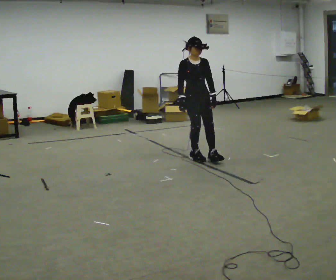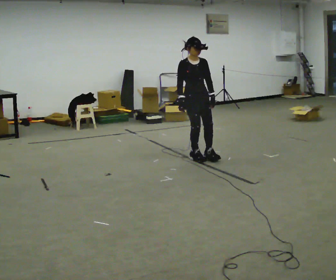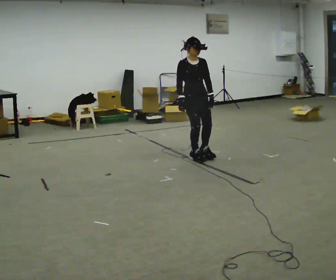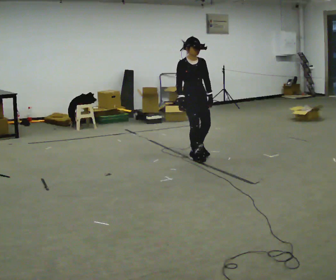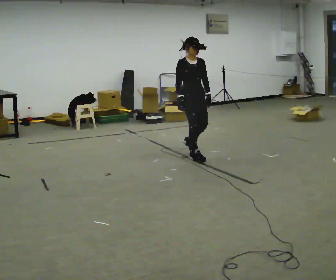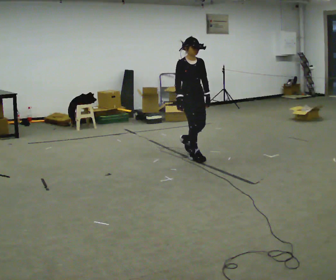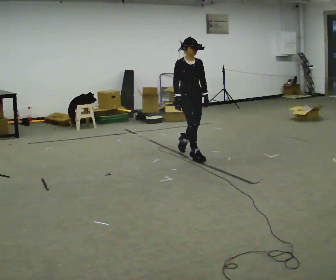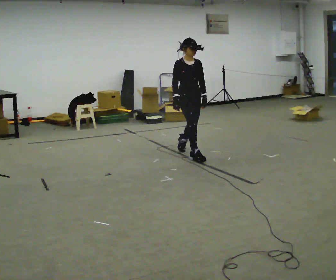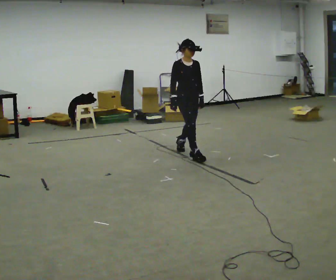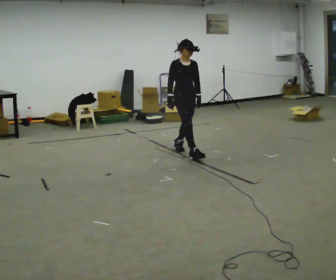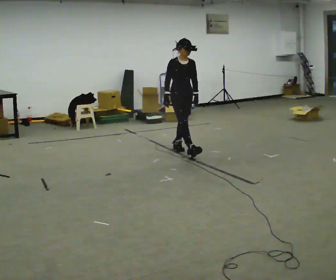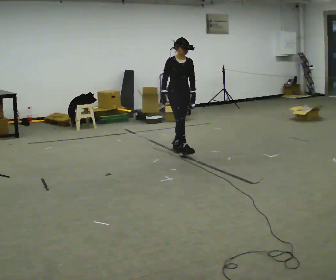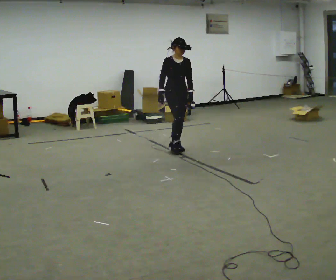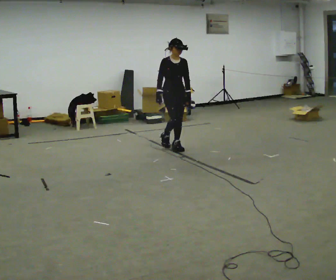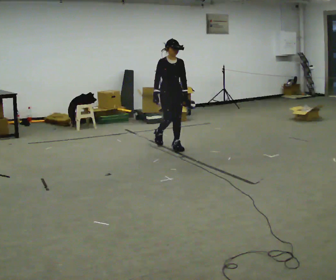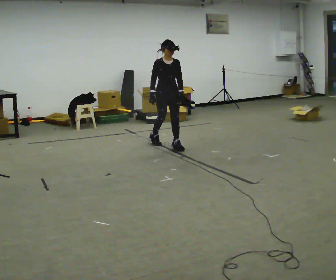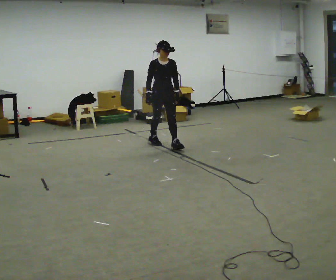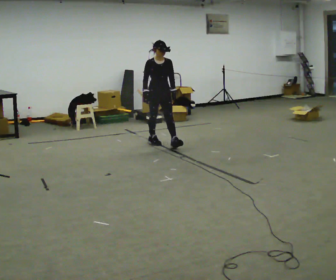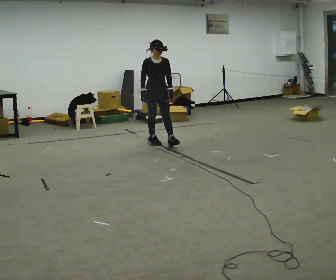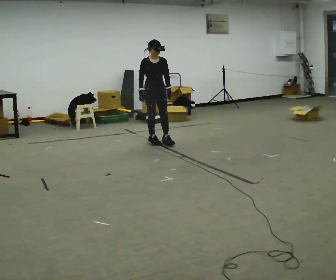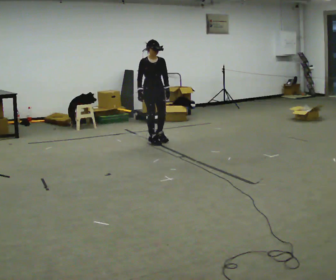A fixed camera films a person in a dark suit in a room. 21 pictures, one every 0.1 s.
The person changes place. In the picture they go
away from the camera.
0.0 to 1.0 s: In the picture they go away from the camera and to the left, about 0.5 m in 1 step, which for them is backward.
1.0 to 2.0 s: In the picture they go away from the camera and to the left, about 0.5 m in 1 step, which for them is backward.
The film runs backward here.
